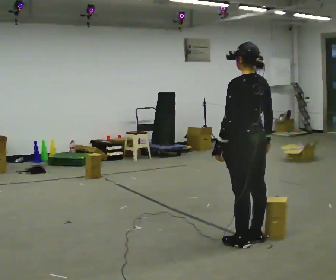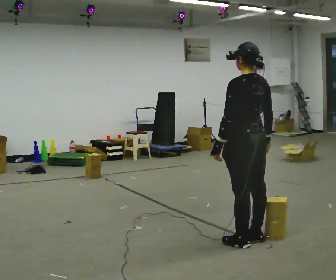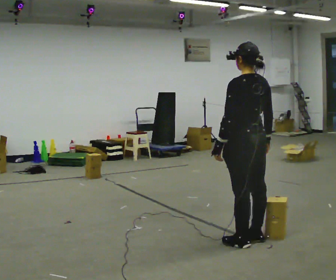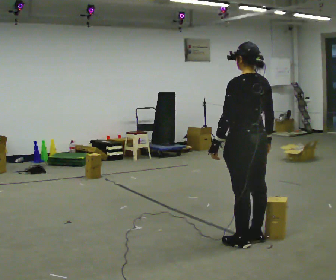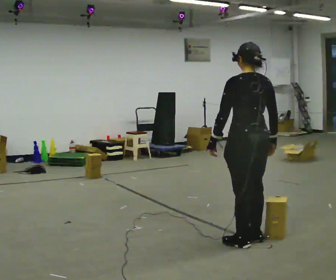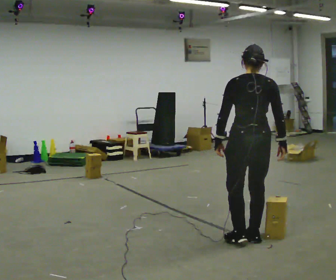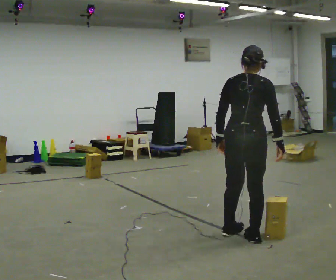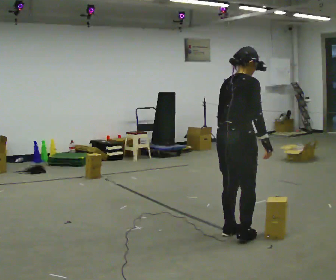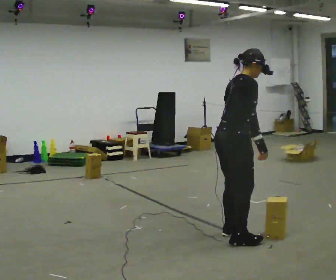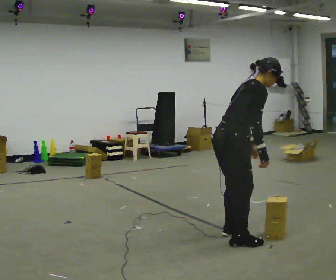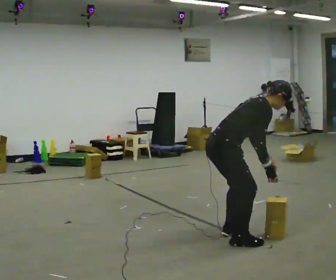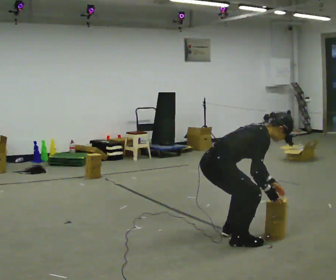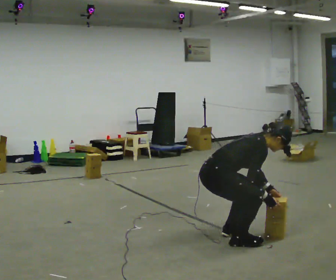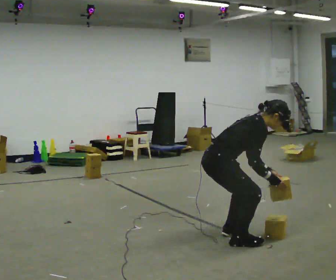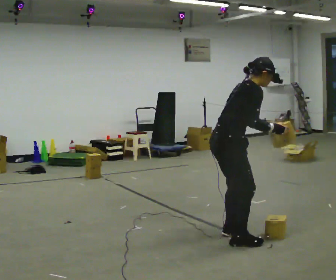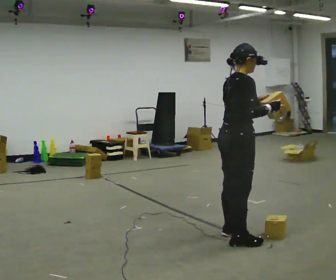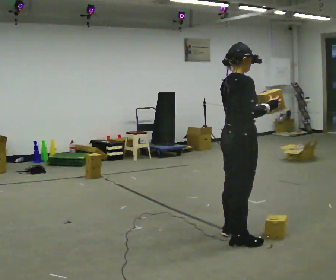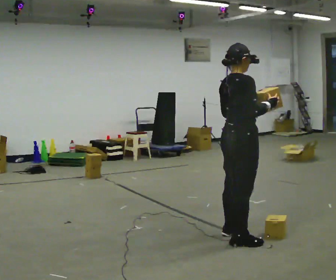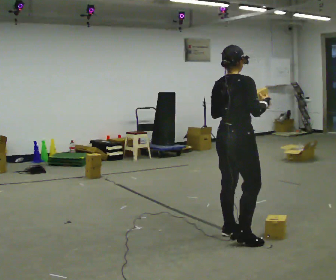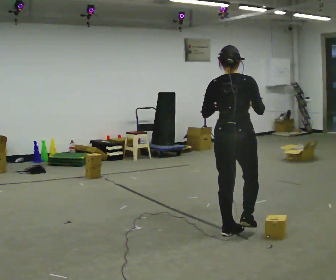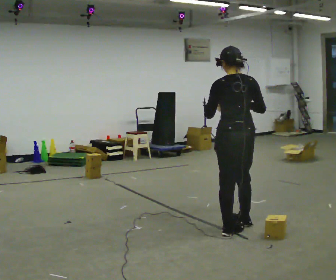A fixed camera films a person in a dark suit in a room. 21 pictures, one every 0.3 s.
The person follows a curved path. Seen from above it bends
clockwise.
0.0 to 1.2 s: The person moves a little, or ends about where they began.
1.2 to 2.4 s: Seen from above the body turns clockwise, about 90 degrees: to their right, with its near side sliding to the left.
2.4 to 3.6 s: The shoulders move downward. In the picture the upper body tilts clockwise, shoulders to the right, as they bend forward. In the picture their left hand goes downward and to the right.
3.6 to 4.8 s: In the picture they go to the right, about 0.25 m, which for them is forward. The shoulders move upward. In the picture the upper body tilts counterclockwise, shoulders to the left, as they lean back or straighten. In the picture their right hand goes upward.
4.8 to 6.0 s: The person turns about 75 degrees to their left, counterclockwise seen from above, so the part of the body nearest the lens slides to the right. In the picture they go away from the camera, about 0.25 m. In the picture their left hand goes to the left.
The film runs forward here.
